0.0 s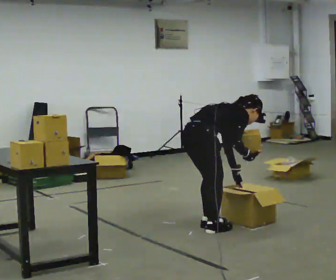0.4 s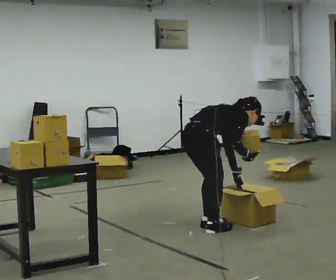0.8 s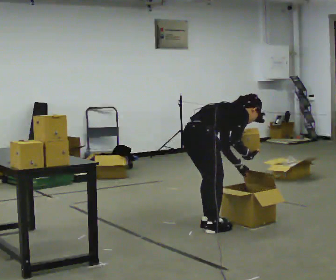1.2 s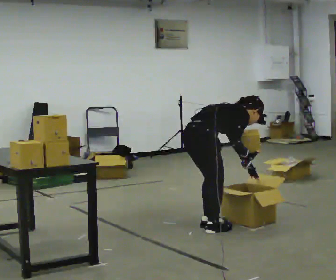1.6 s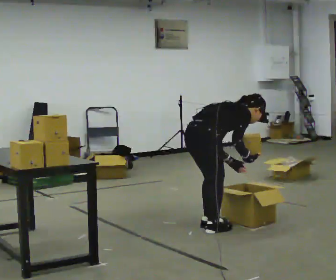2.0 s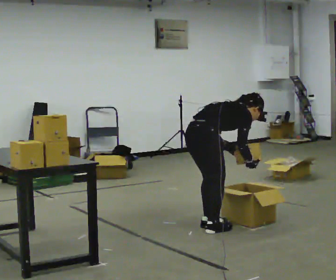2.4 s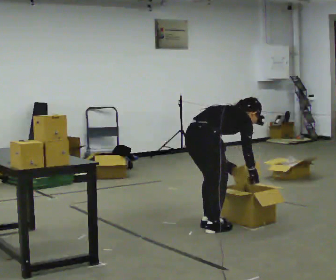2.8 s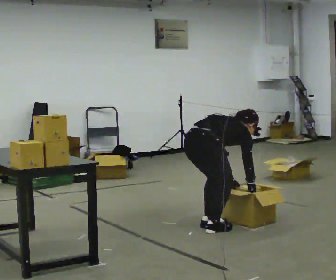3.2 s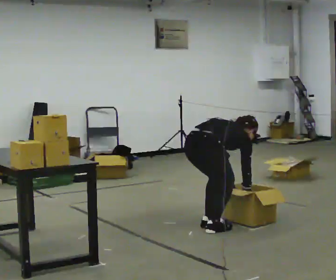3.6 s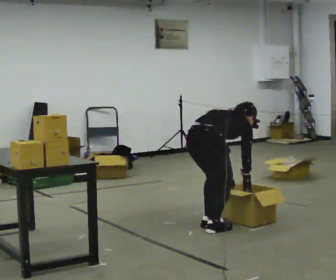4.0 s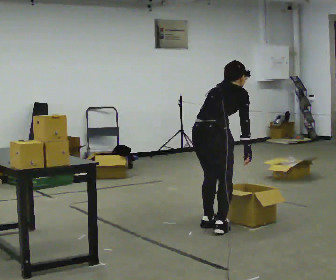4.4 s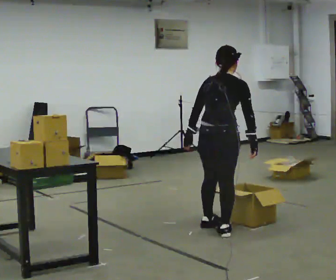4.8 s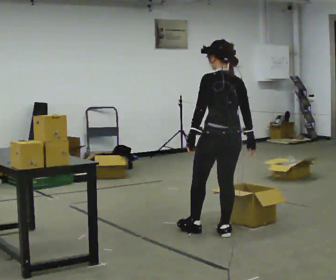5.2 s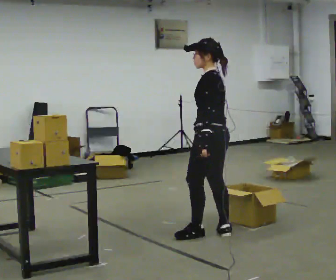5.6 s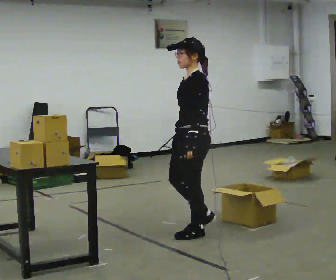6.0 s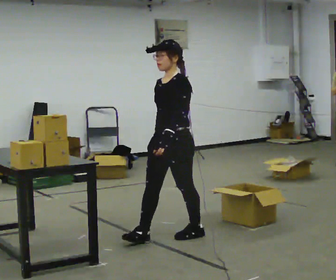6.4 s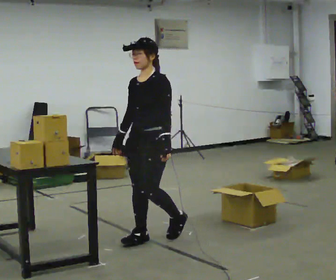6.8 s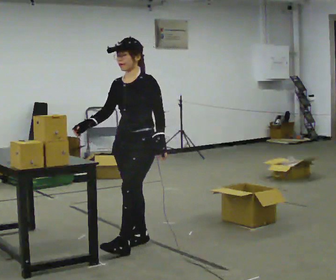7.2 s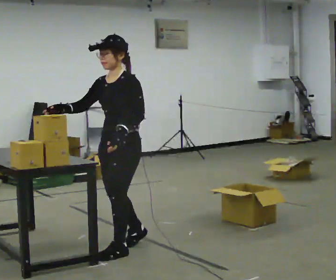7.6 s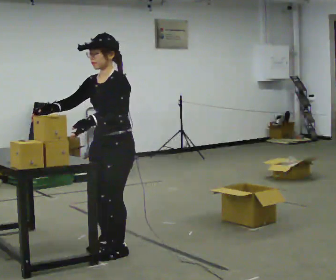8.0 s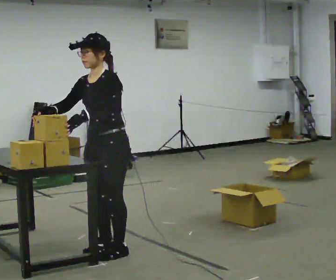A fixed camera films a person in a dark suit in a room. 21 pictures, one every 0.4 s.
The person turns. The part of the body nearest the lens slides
to the right.
The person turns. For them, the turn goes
to their left.
0.0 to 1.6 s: The person moves a little, or ends about where they began.
1.6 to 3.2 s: The shoulders move downward. The upper body tips away from the camera, its near side rolling upward, as they bend forward. In the picture their right hand goes downward.
3.2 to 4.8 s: The person turns about 75 degrees to their left, counterclockwise seen from above, so the part of the body nearest the lens slides to the right. In the picture they go to the right, about 0.25 m in 1 step. The shoulders move upward. In the picture the upper body tilts counterclockwise, shoulders to the left, as they lean back or straighten. In the picture their left hand goes upward and to the left.
4.8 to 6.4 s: The person turns about 120 degrees to their left, counterclockwise seen from above, so the part of the body nearest the lens slides to the right. In the picture they go to the left, about 0.5 m in 2 steps.
6.4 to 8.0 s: In the picture they go toward the camera and to the left, about 0.5 m in 2 steps, which for them is forward.
The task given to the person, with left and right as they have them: Carry the object across the room, open the lid of the container, put the object inside, and close the lid again. Then go back for the next one. Keep going until the operator says stop; one object at a time, and do not rush between trips.
The film runs forward here.
